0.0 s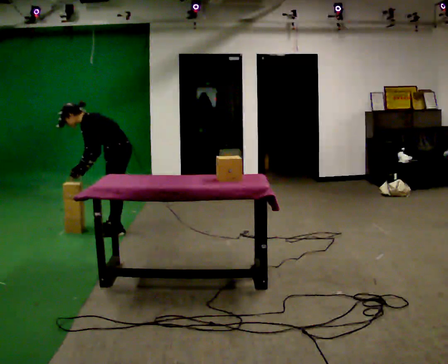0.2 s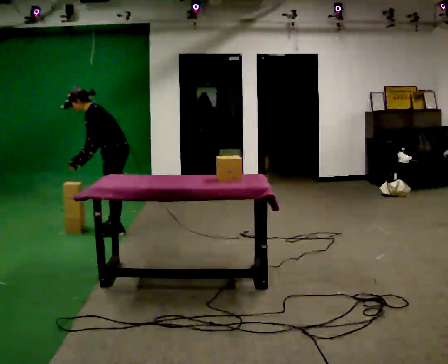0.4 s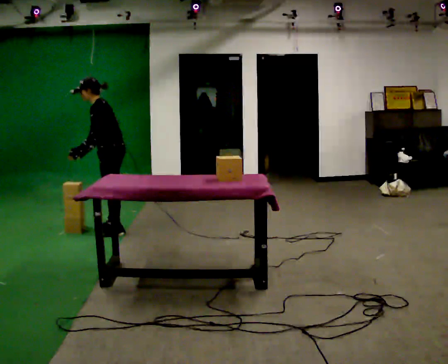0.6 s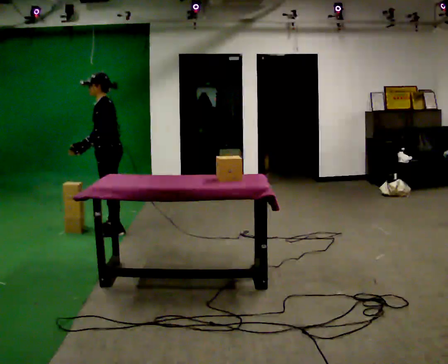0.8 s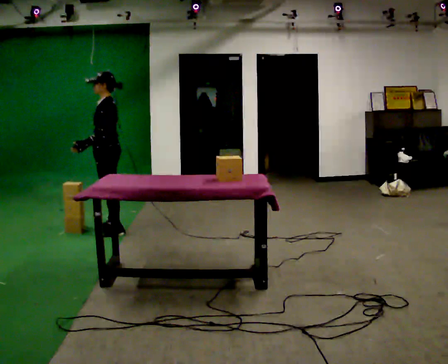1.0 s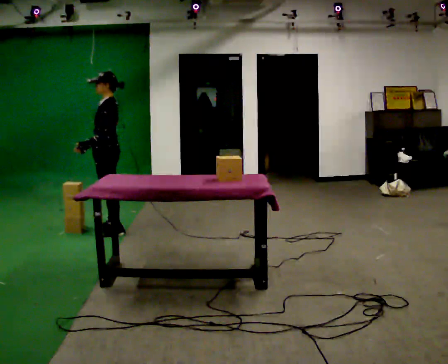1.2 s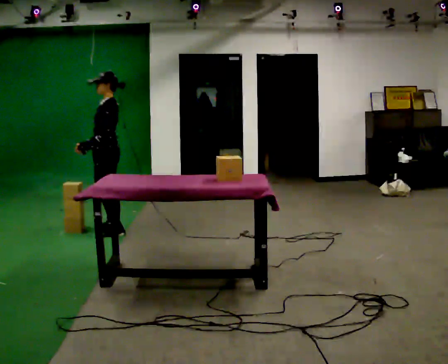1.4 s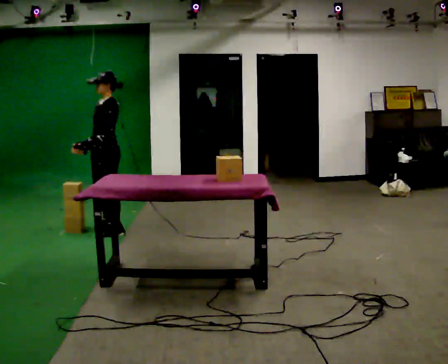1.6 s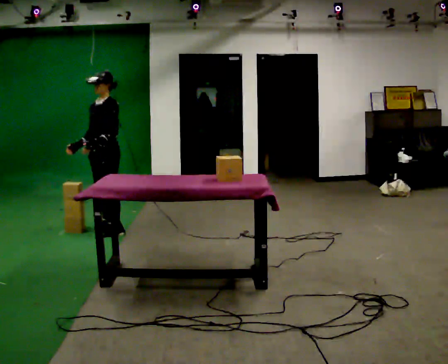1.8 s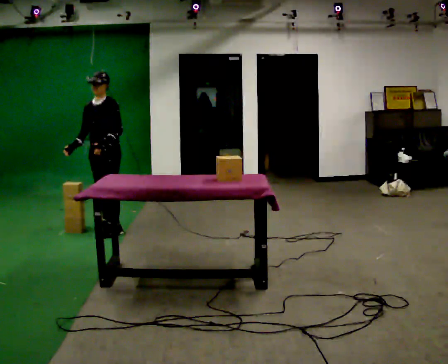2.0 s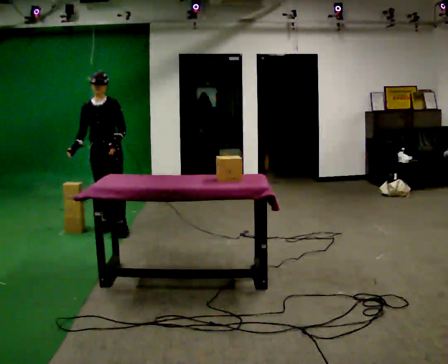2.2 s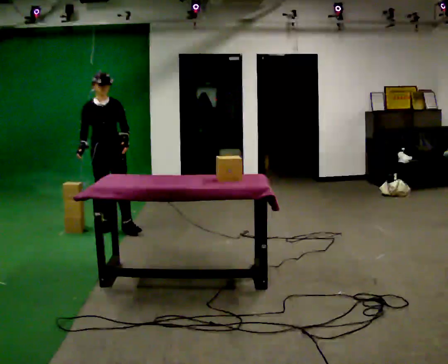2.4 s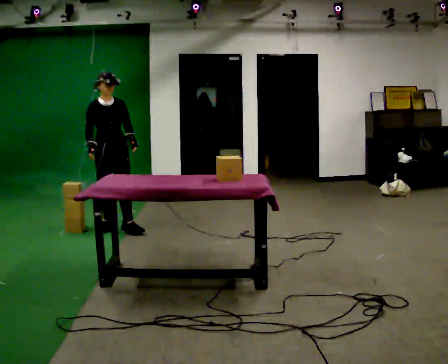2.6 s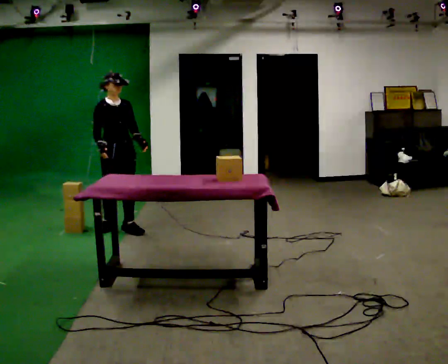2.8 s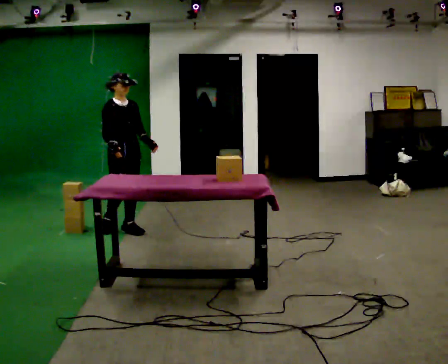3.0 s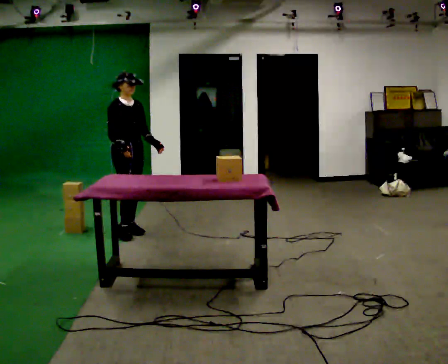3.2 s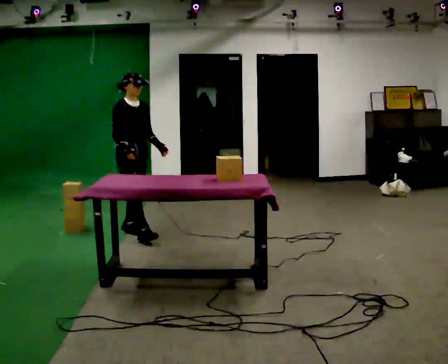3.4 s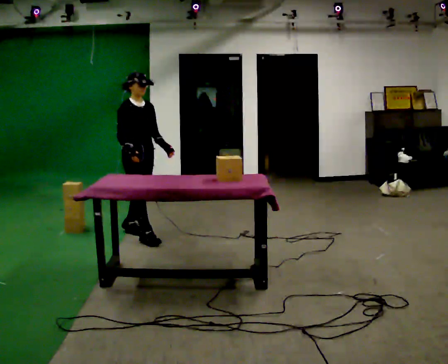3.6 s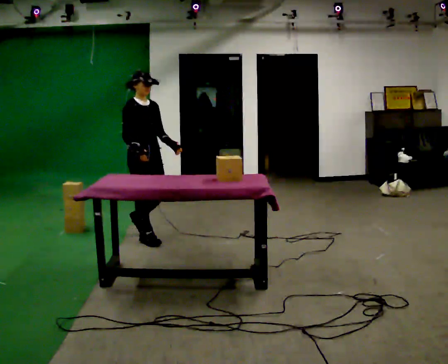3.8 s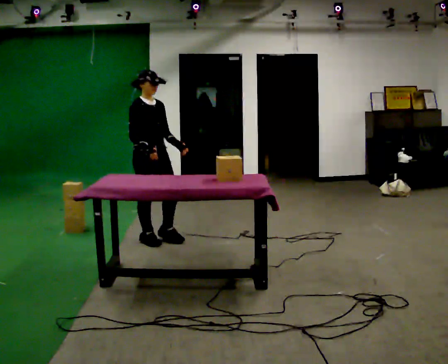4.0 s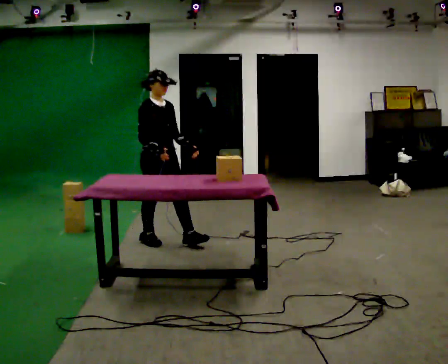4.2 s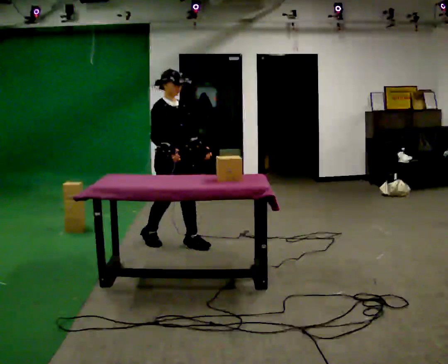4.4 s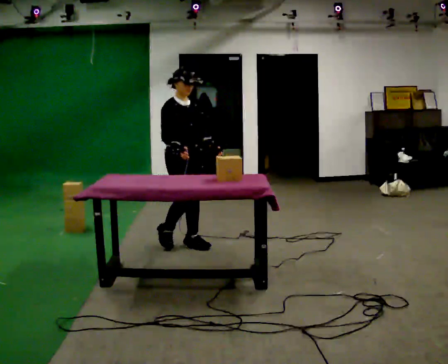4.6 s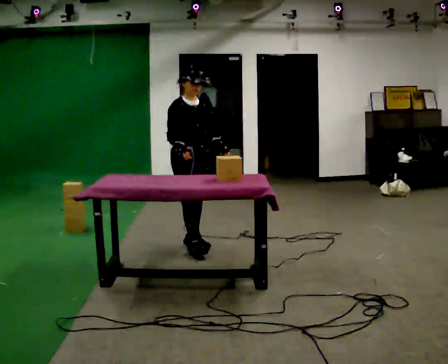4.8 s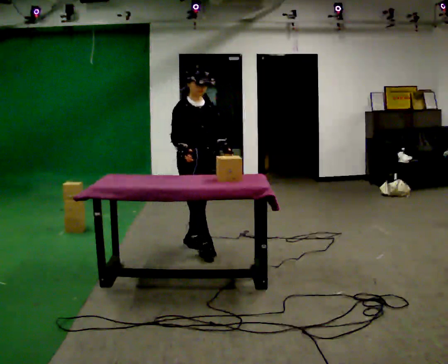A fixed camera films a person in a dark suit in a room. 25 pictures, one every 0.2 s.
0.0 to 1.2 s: In the picture the upper body tilts clockwise, shoulders to the right, as they lean back or straighten.
1.2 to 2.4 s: Seen from above the body turns counterclockwise, about 105 degrees: to their left, with its near side sliding to the right. In the picture their left hand goes to the right, the arm swinging counterclockwise.
2.4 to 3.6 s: In the picture they go toward the camera and to the right, about 0.5 m in 1 step, which for them is forward.
3.6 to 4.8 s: In the picture they go to the right and toward the camera, about 0.5 m in 2 steps, which for them is forward.
The film runs forward here.
